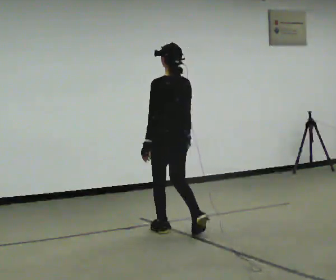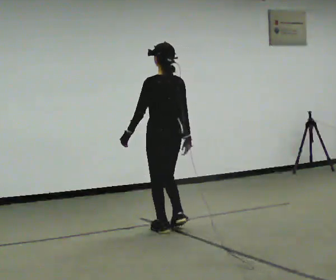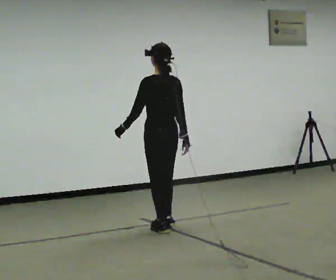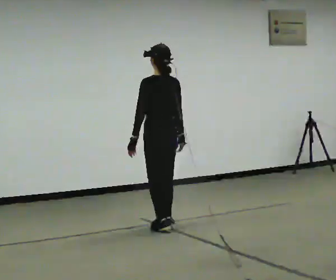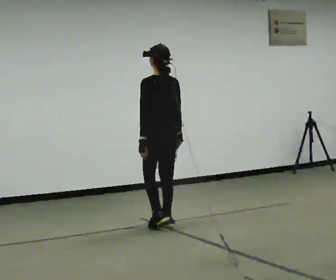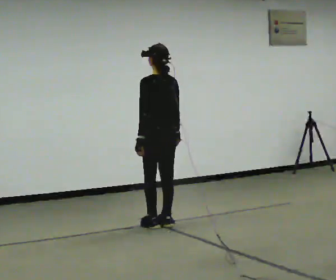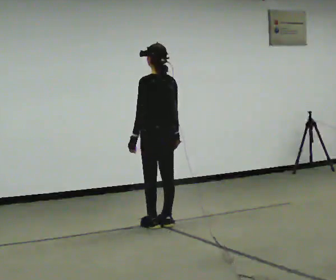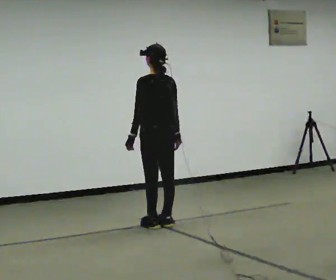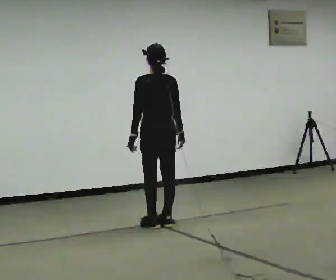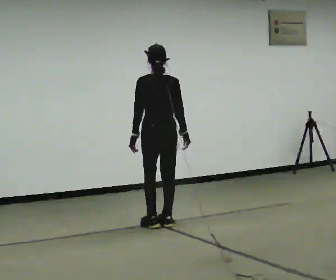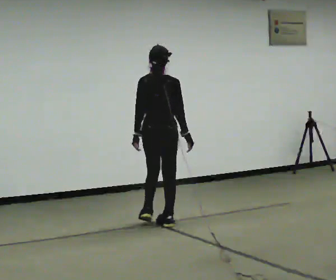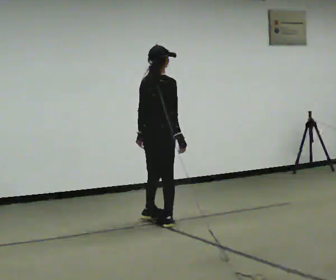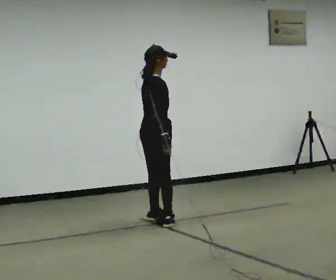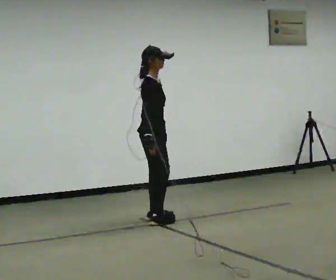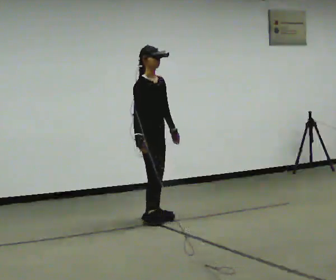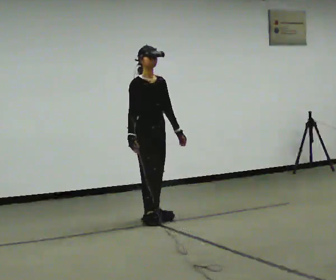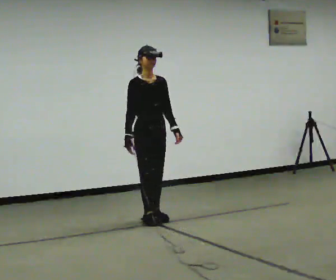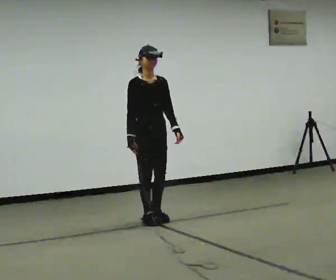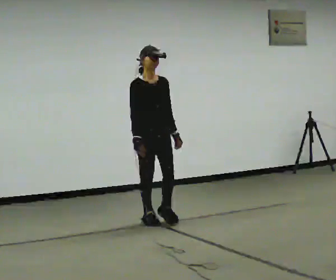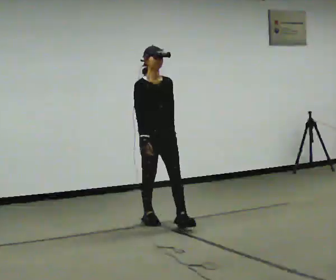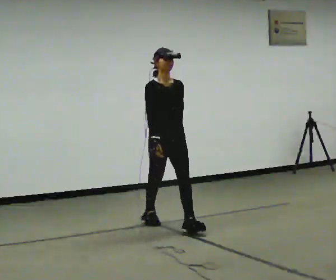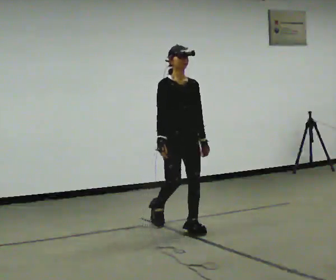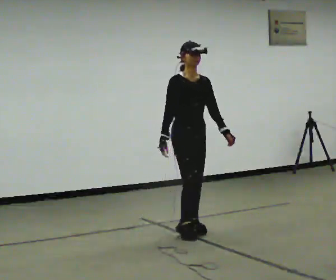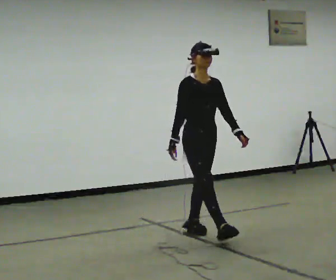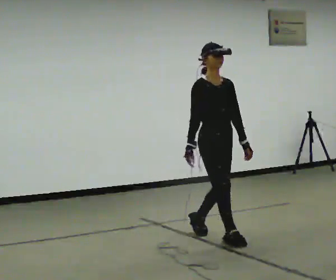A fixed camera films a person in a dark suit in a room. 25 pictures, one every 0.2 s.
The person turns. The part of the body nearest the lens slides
to the left.
The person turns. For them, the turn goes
to their right.
0.0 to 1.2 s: In the picture they go away from the camera, about 0.25 m in 2 steps, which for them is forward.
1.2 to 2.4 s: Seen from above the body turns clockwise, about 105 degrees: to their right, with its near side sliding to the left. In the picture they go away from the camera, about 0.25 m in 1 step.
2.4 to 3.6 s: The part of the body nearest the lens slides to the left as the person turns to their right by about 90 degrees.
3.6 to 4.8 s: In the picture they go toward the camera and to the right, about 1 m in 2 steps, which for them is forward.
The film runs forward here.
